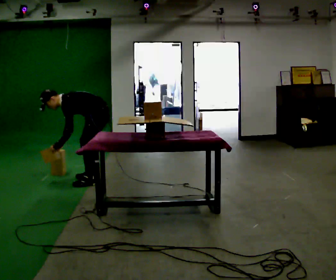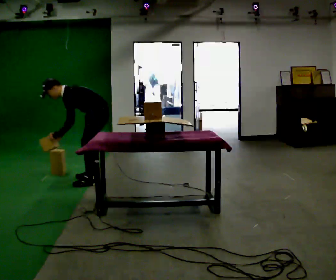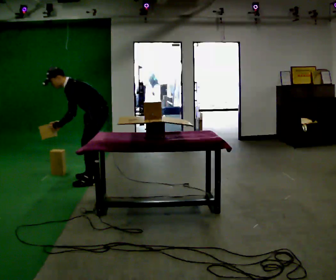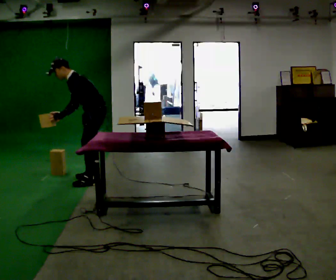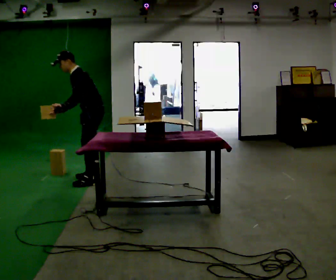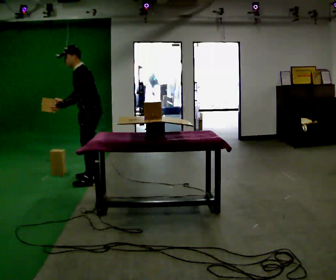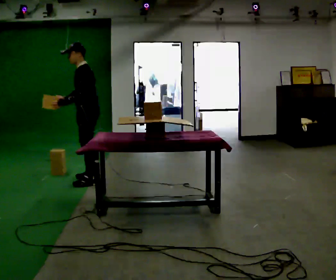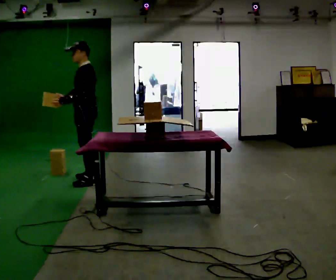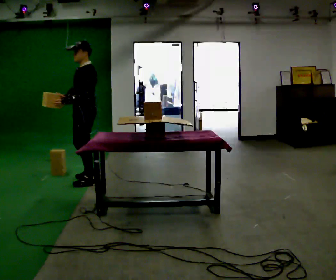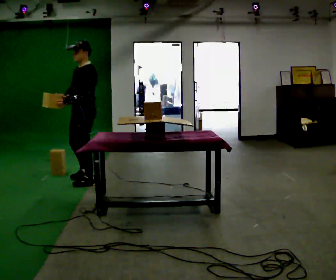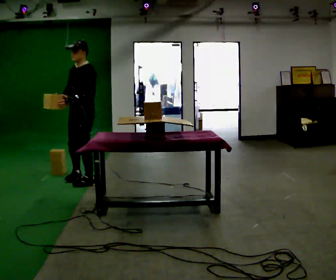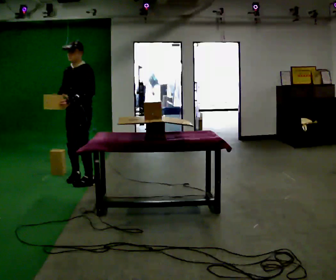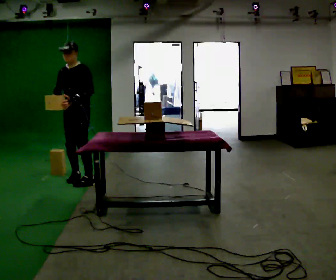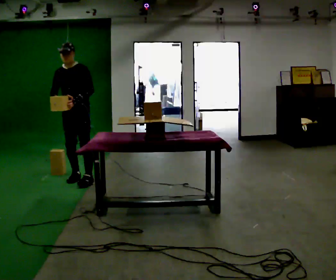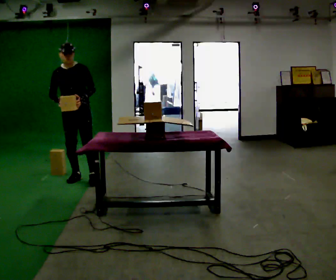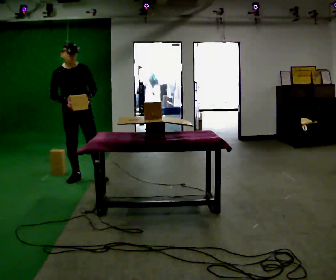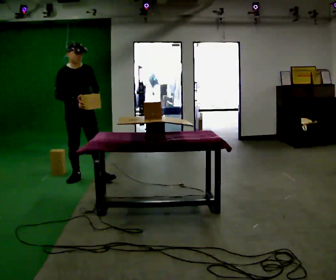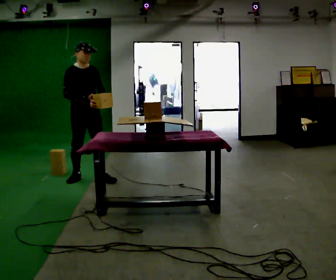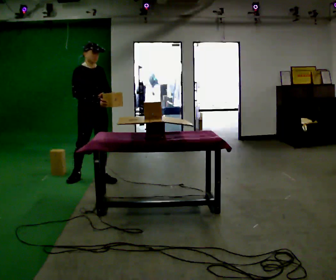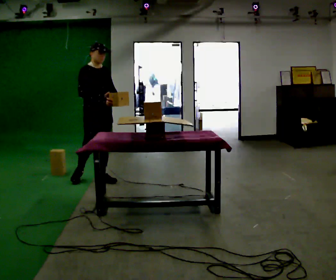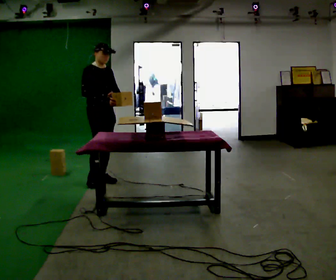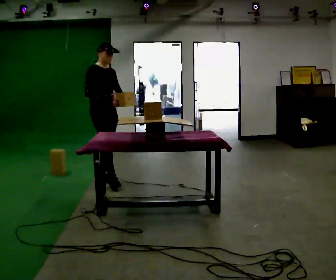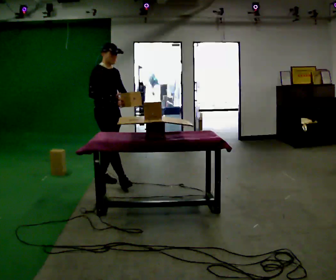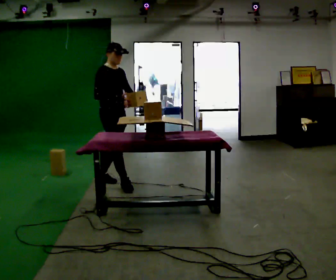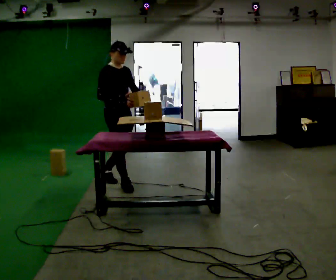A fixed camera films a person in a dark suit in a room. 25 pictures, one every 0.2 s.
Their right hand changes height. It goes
upward.
The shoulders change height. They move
upward.
0.0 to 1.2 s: The shoulders move upward. In the picture the upper body tilts clockwise, shoulders to the right, as they lean back or straighten. In the picture their right hand goes upward.
1.2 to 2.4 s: The part of the body nearest the lens slides to the right as the person turns to their left by about 45 degrees.
2.4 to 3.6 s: The person turns about 60 degrees to their left, counterclockwise seen from above, so the part of the body nearest the lens slides to the right. In the picture they go to the right, about 0.25 m in 1 step. In the picture their left hand goes to the right.
3.6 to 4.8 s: In the picture they go toward the camera and to the right, about 0.5 m in 1 step, which for them is forward.
The film runs forward here.
